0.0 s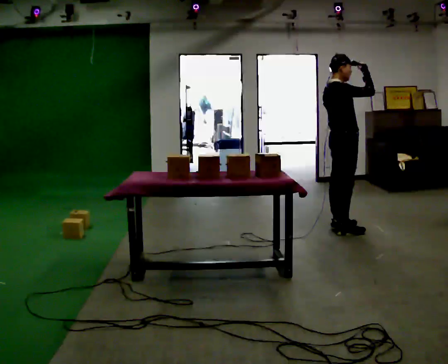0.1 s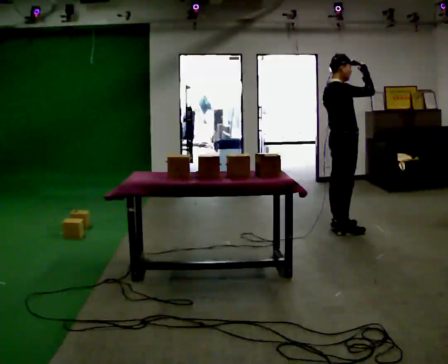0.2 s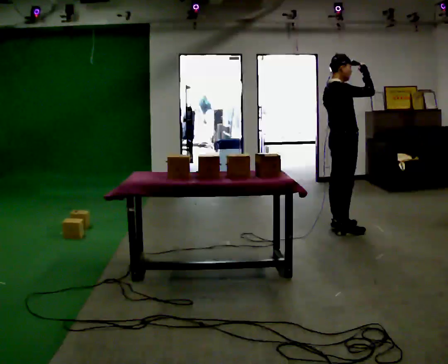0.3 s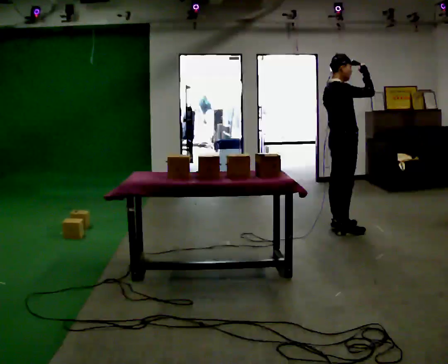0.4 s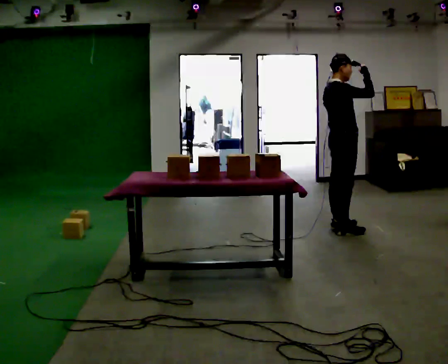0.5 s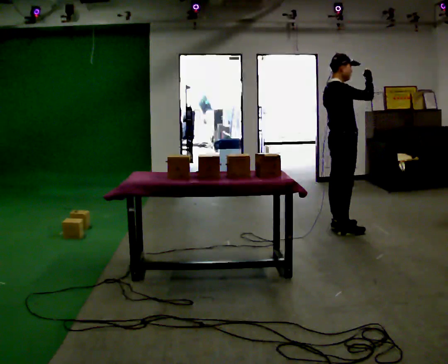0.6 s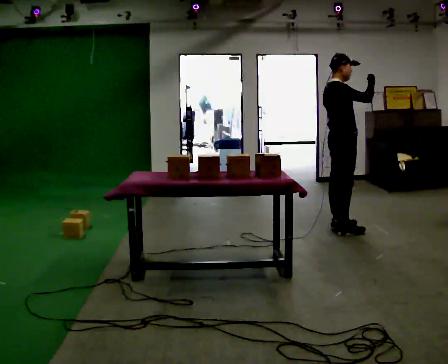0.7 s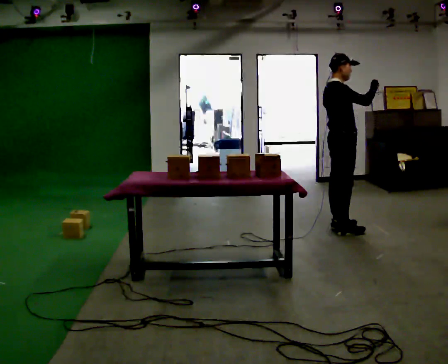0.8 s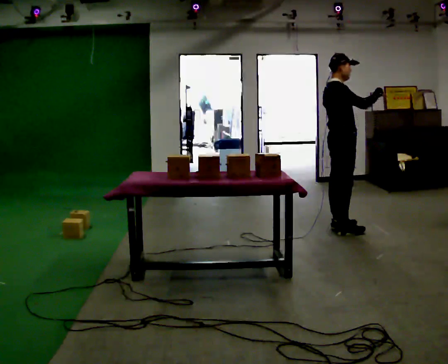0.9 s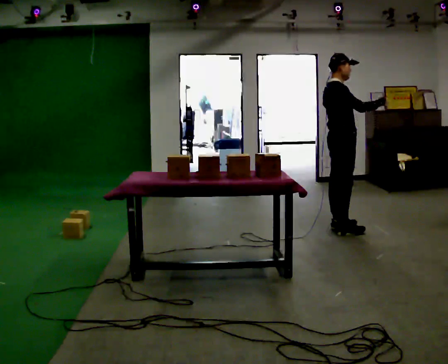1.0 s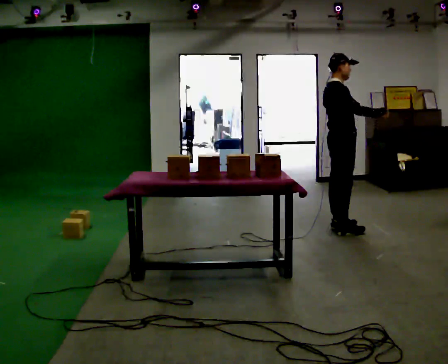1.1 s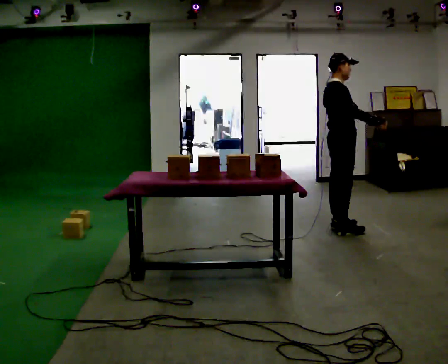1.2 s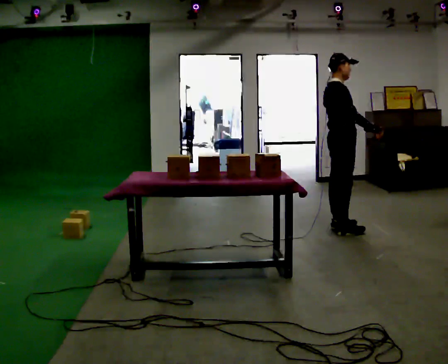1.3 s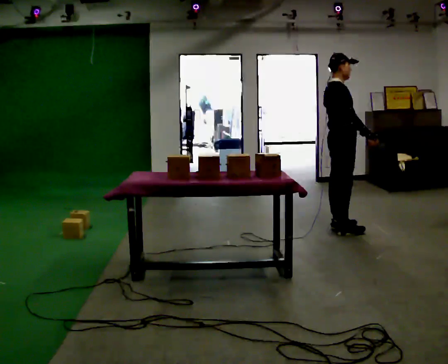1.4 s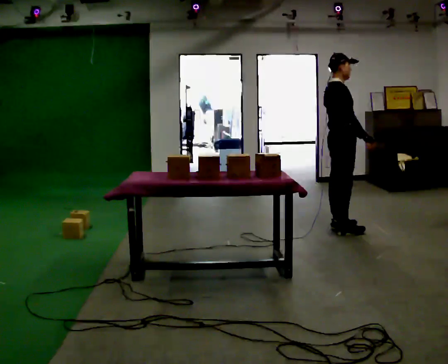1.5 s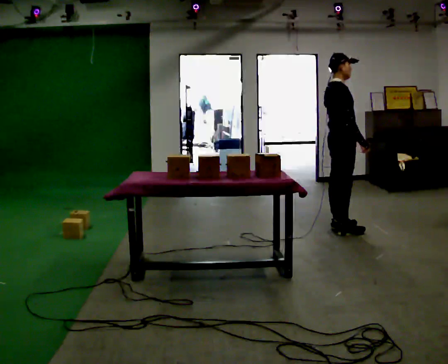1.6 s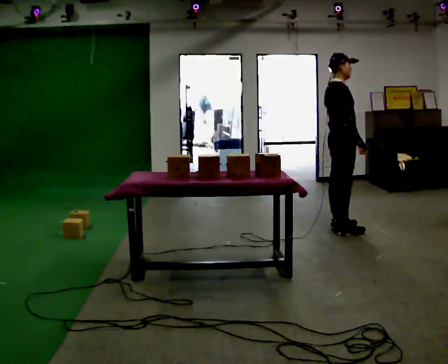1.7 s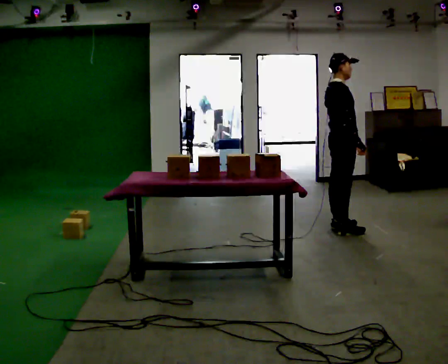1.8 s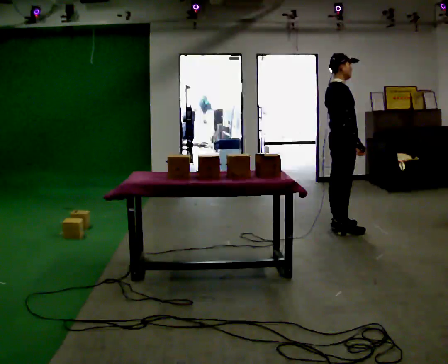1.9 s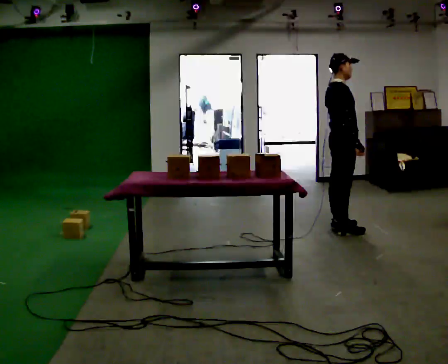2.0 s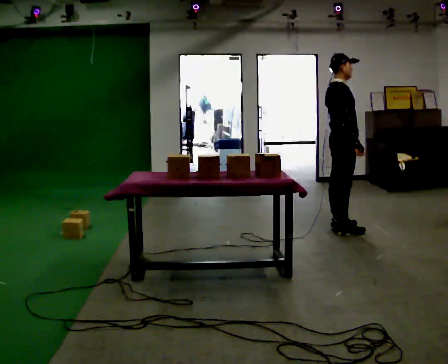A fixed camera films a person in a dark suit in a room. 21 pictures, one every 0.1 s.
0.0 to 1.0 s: In the picture their right hand goes downward, the arm swinging clockwise.
1.0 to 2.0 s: The person moves a little, or ends about where they began.
The film runs backward here.
